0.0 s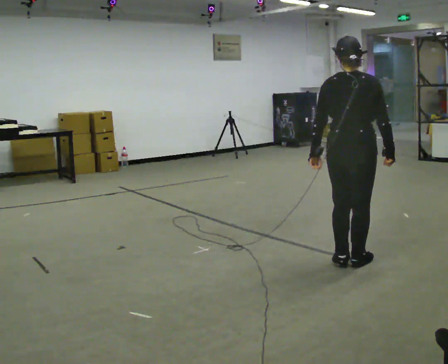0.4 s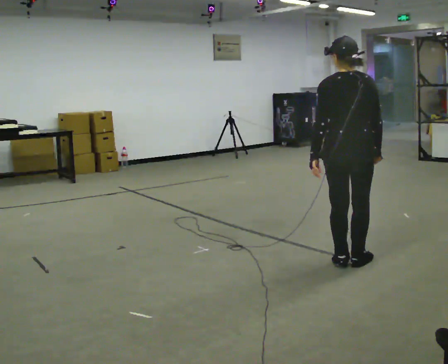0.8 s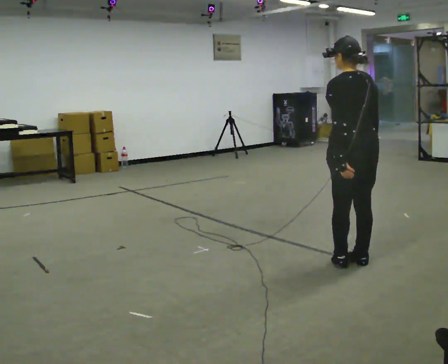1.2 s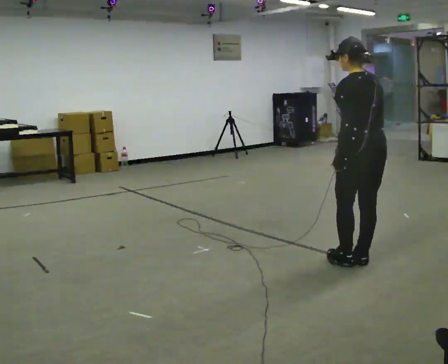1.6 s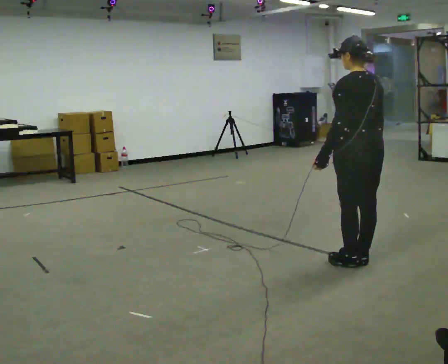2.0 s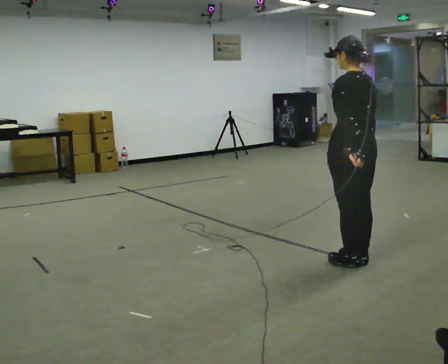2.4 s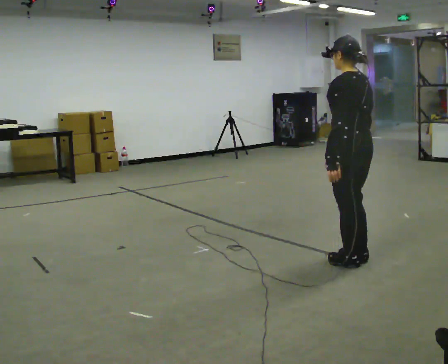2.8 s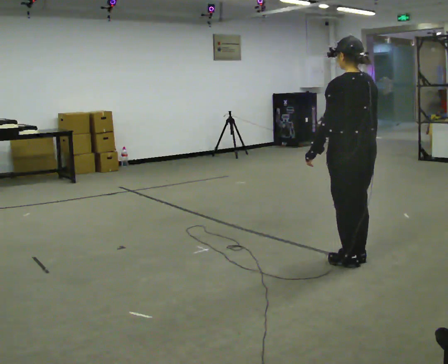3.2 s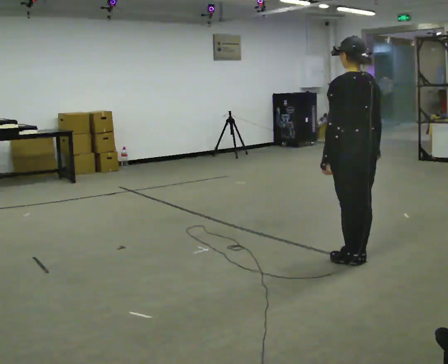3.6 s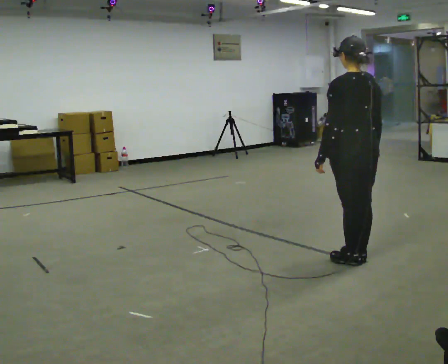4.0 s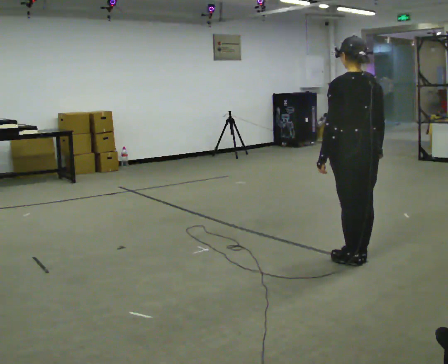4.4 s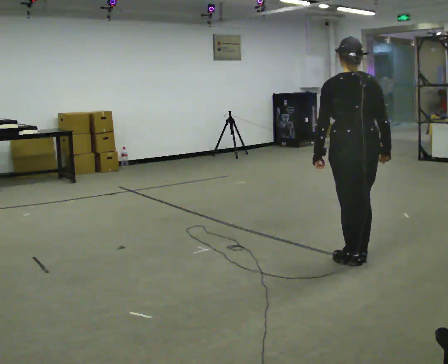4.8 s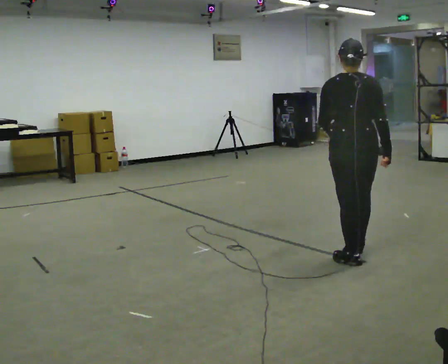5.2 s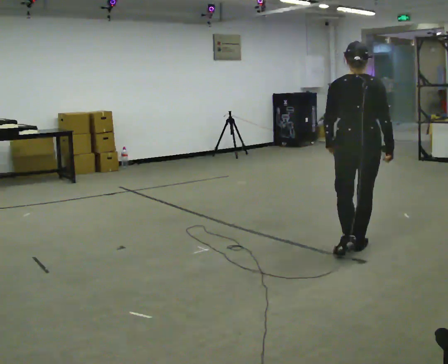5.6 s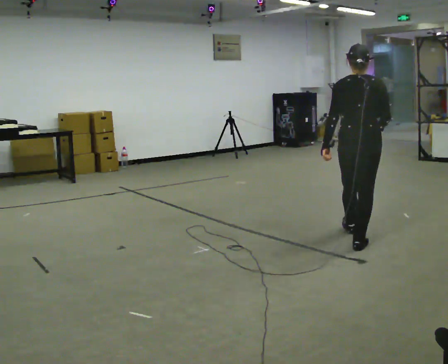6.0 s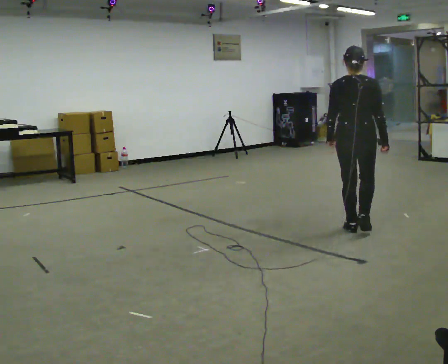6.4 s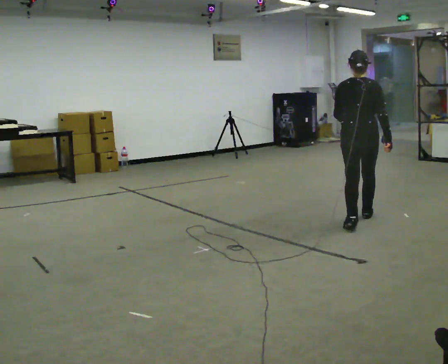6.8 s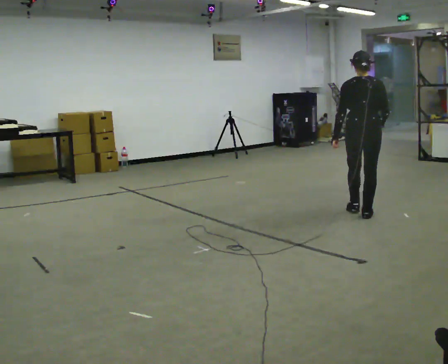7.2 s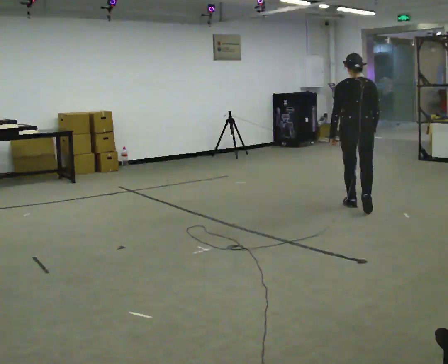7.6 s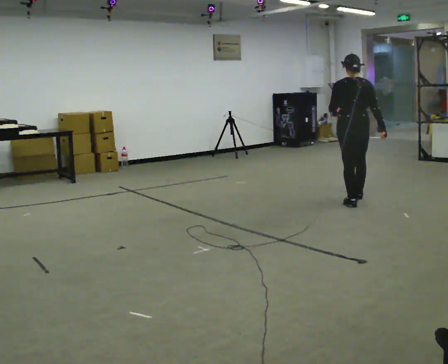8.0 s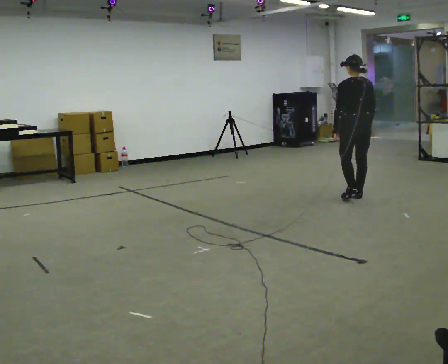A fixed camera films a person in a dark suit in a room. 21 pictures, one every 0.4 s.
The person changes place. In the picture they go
away from the camera.
0.0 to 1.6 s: The person turns about 60 degrees to their left, counterclockwise seen from above, so the part of the body nearest the lens slides to the right.
1.6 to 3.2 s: The person moves a little, or ends about where they began.
3.2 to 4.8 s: The person turns about 45 degrees to their right, clockwise seen from above, so the part of the body nearest the lens slides to the left.
4.8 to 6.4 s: In the picture they go away from the camera, about 1 m in 3 steps, which for them is forward.
6.4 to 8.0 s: The person turns about 30 degrees to their left, counterclockwise seen from above, so the part of the body nearest the lens slides to the right. In the picture they go away from the camera, about 1 m in 2 steps, which for them is forward.
The film runs forward here.
